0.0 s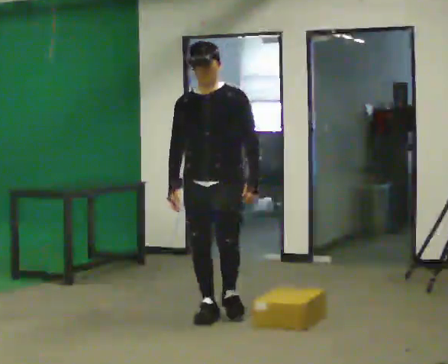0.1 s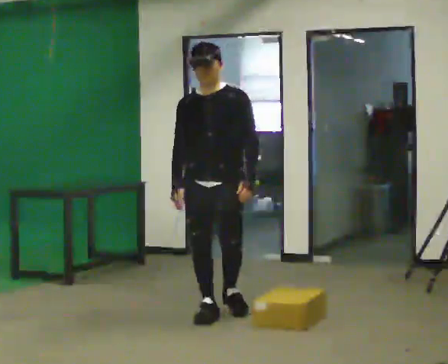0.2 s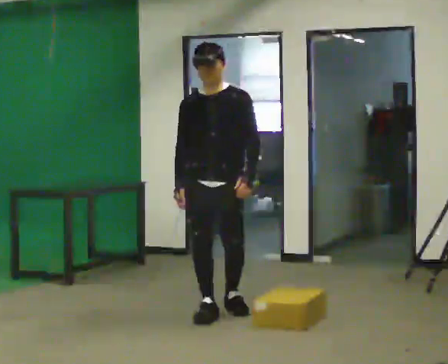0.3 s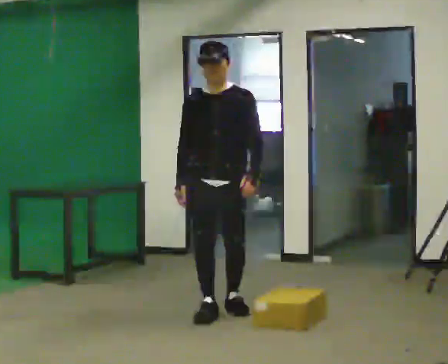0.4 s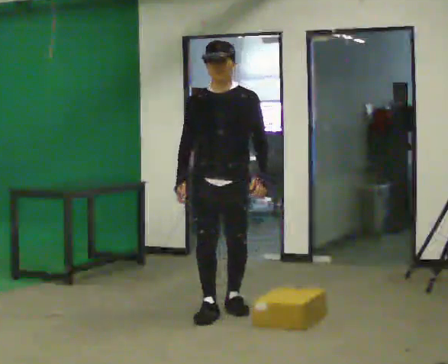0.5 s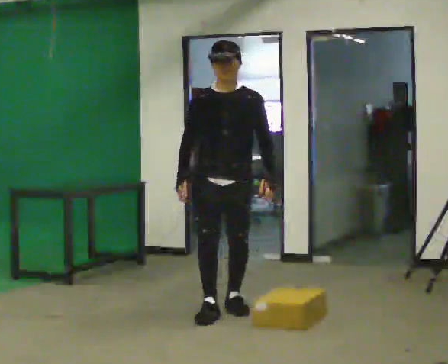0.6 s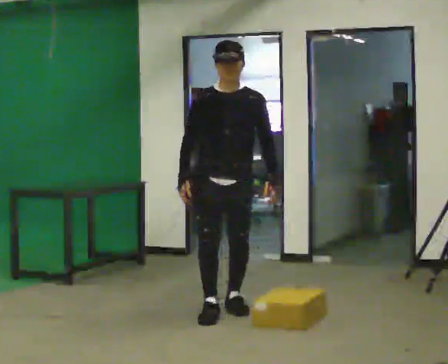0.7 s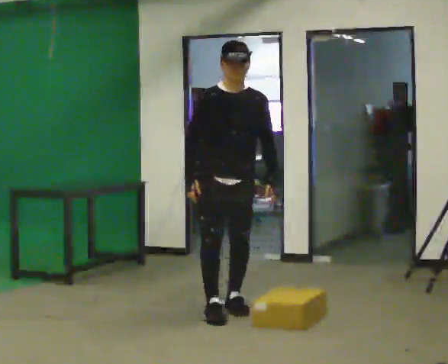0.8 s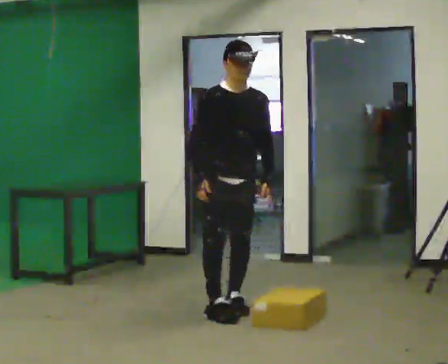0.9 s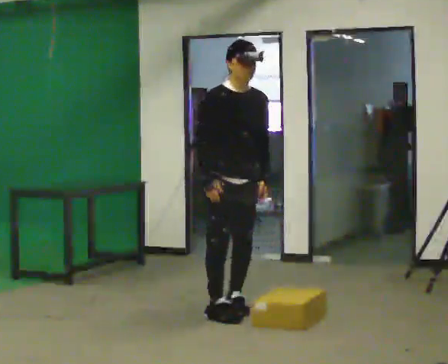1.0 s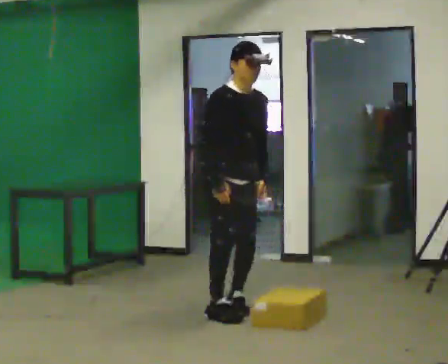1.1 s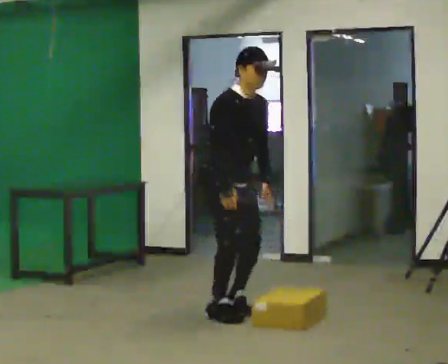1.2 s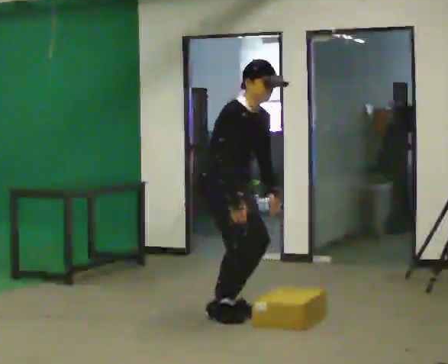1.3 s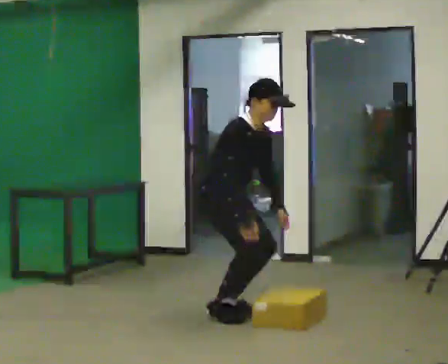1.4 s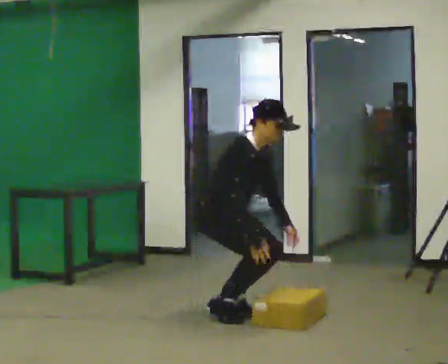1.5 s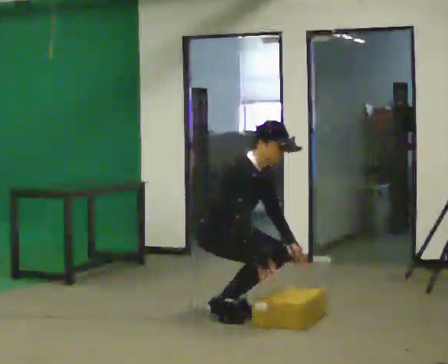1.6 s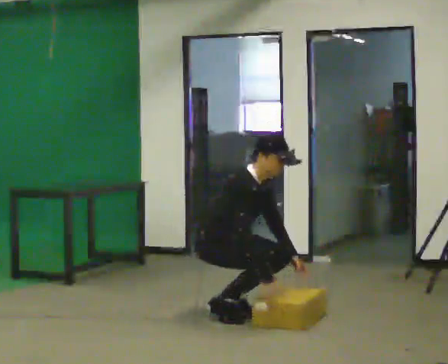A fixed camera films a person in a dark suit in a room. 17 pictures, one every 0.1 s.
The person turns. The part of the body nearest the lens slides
to the right.
The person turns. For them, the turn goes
to their left.
0.0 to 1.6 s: The person turns about 75 degrees to their left, counterclockwise seen from above, so the part of the body nearest the lens slides to the right. The upper body goes downward. In the picture the upper body tilts clockwise, shoulders to the right, as they bend forward. In the picture their right hand goes to the right and downward.
The film runs backward here.
